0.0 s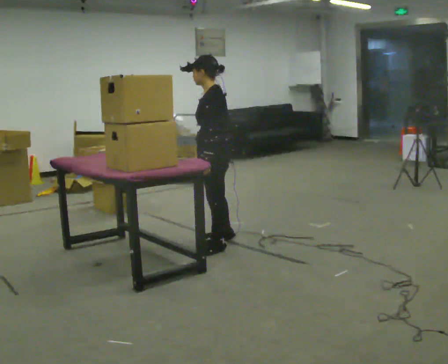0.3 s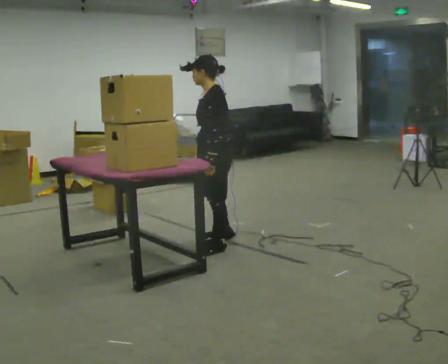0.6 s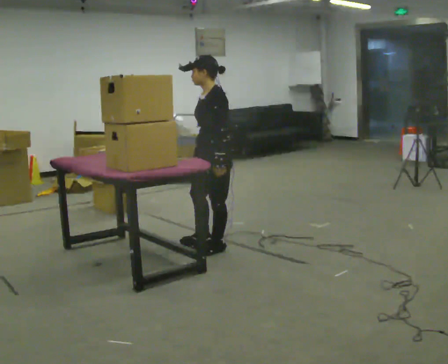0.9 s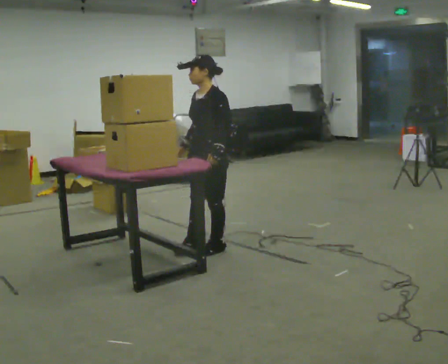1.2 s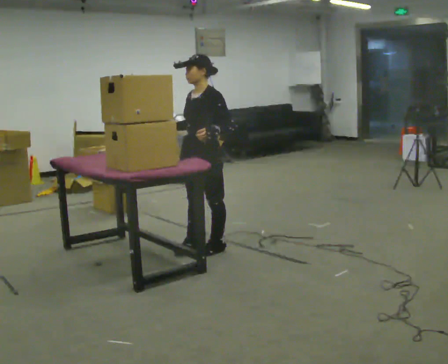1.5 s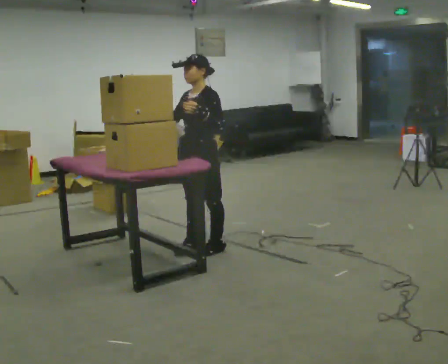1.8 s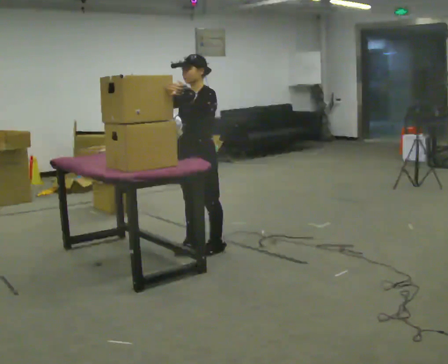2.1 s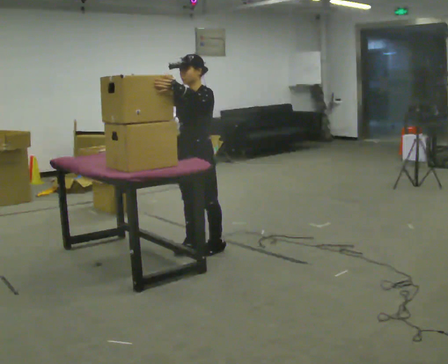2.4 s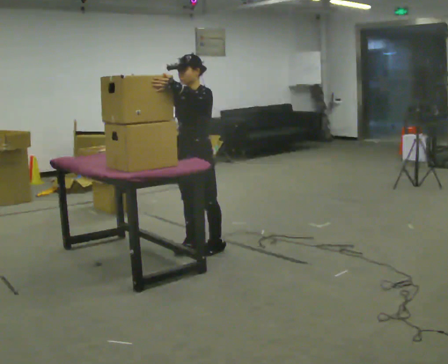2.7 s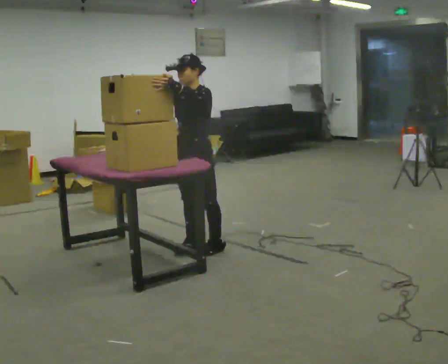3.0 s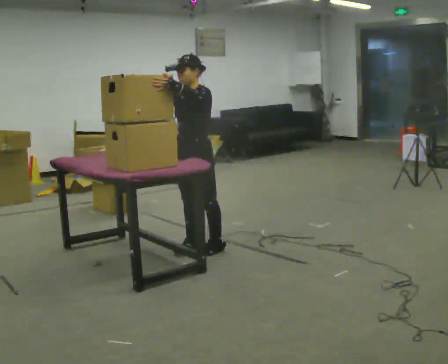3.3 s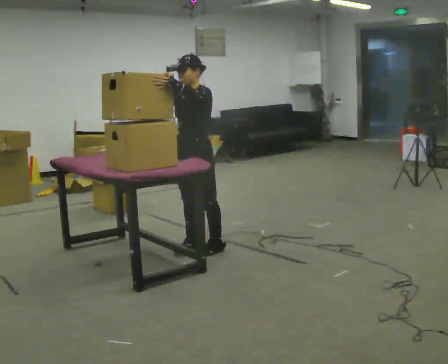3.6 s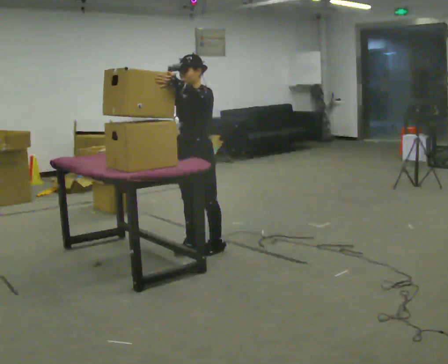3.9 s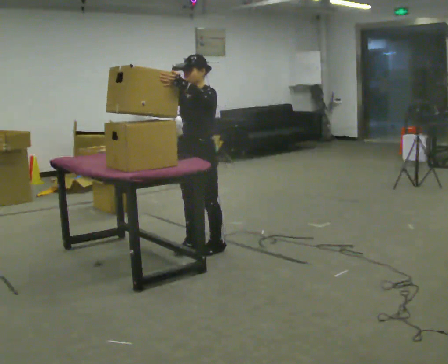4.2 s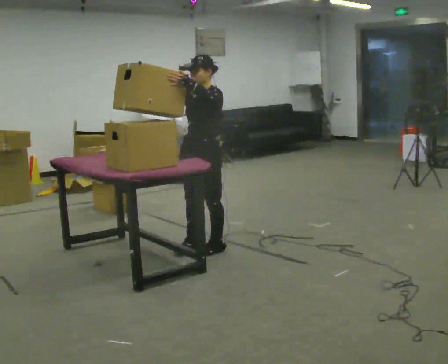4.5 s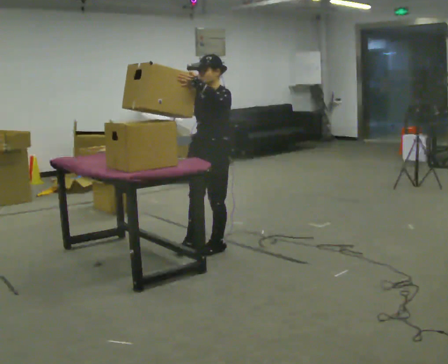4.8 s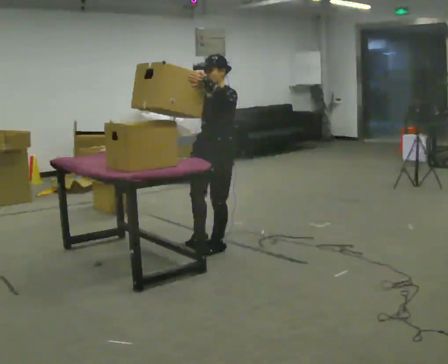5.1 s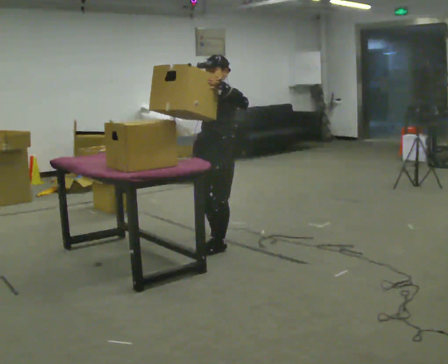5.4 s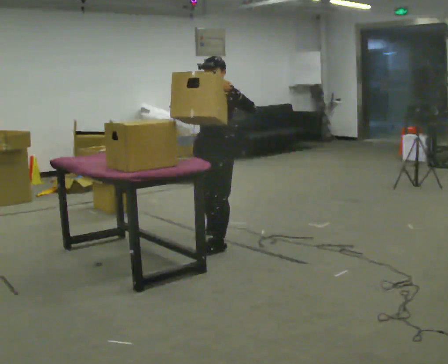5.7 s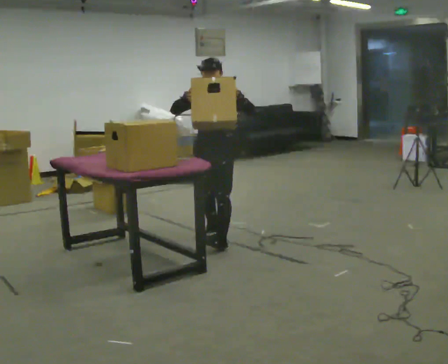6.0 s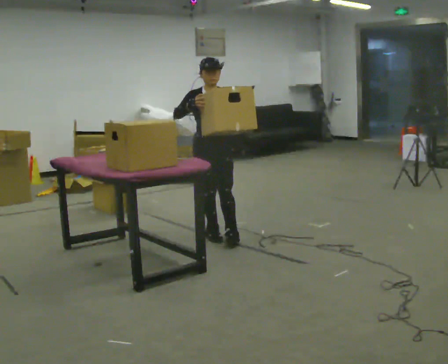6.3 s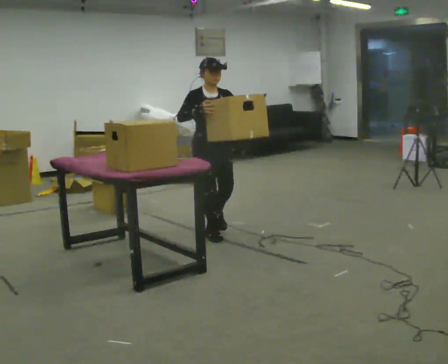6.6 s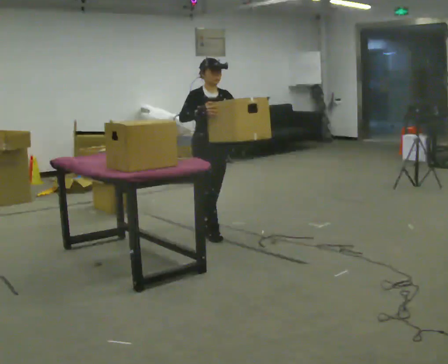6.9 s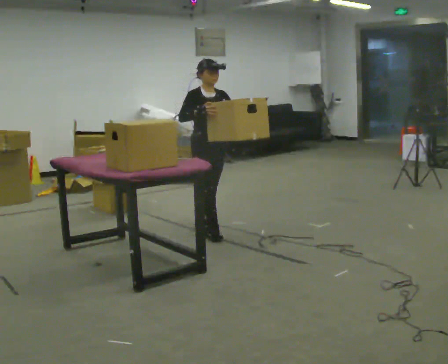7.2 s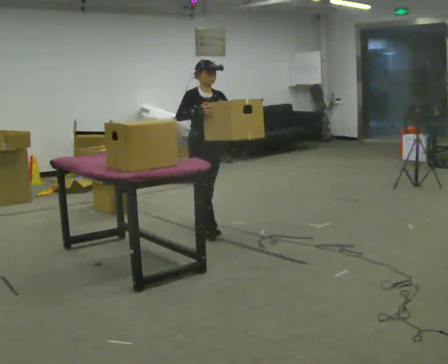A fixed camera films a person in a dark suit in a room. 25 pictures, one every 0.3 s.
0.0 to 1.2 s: The person turns about 30 degrees to their left, counterclockwise seen from above, so the part of the body nearest the lens slides to the right. In the picture their right hand goes to the left, the arm swinging clockwise.
1.2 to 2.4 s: In the picture their left hand goes upward.
2.4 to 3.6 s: The person keeps their place and pose.
3.6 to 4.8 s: In the picture they go to the right, about 0.25 m in 1 step, which for them is backward.
4.8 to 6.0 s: The part of the body nearest the lens slides to the right as the person turns to their left by about 60 degrees. In the picture they go away from the camera, about 0.25 m in 1 step, which for them is backward and to their right.
6.0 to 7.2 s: In the picture they go away from the camera, about 0.25 m, which for them is backward.
The film runs backward here.
